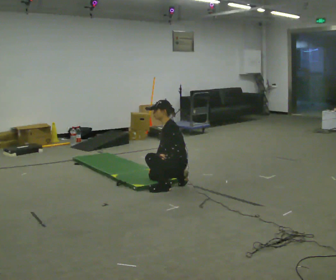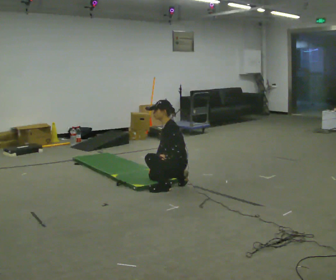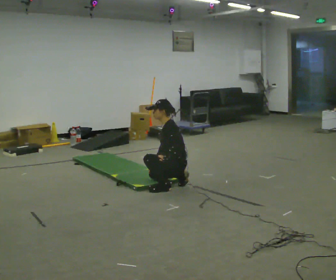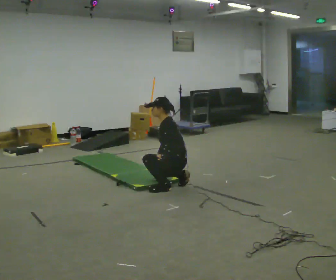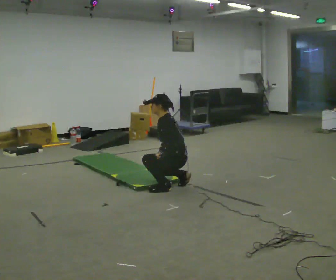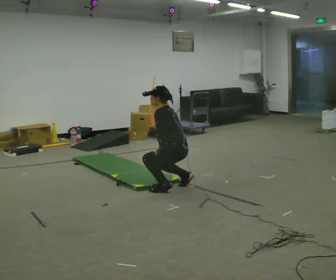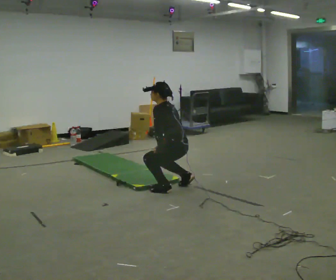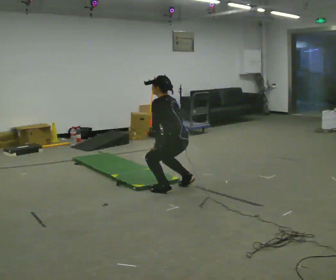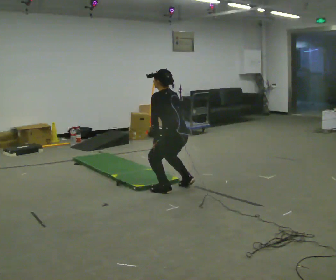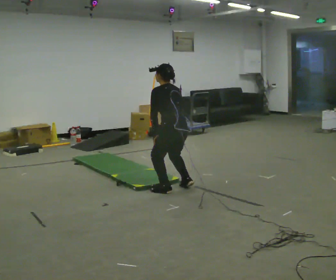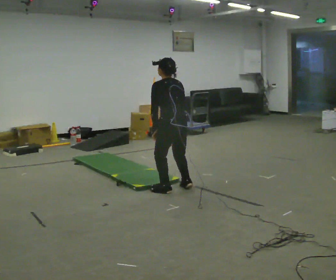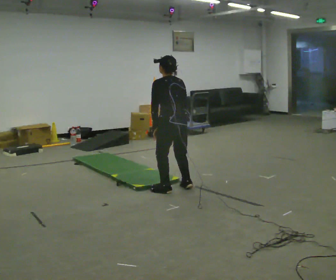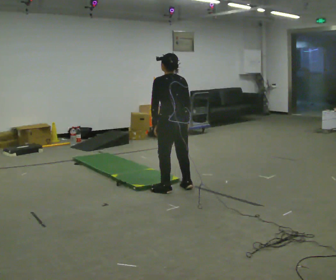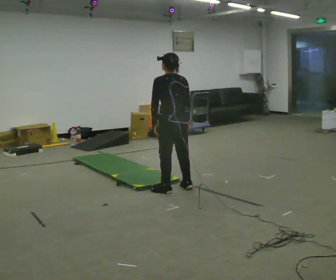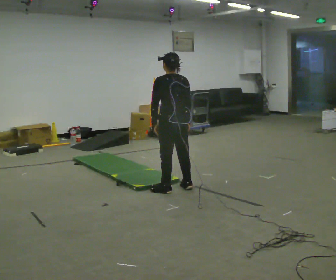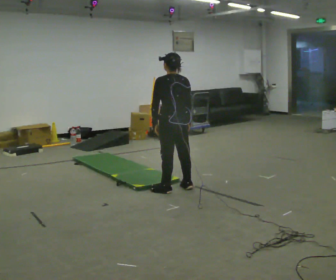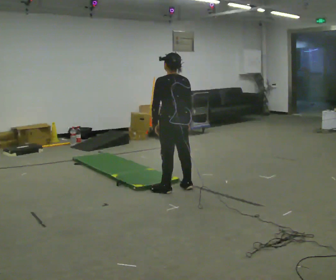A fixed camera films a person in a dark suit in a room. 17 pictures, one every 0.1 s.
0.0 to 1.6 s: The part of the body nearest the lens slides to the left as the person turns to their right by about 75 degrees. The upper body goes upward. In the picture their right hand goes upward and to the right.
The film runs forward here.
